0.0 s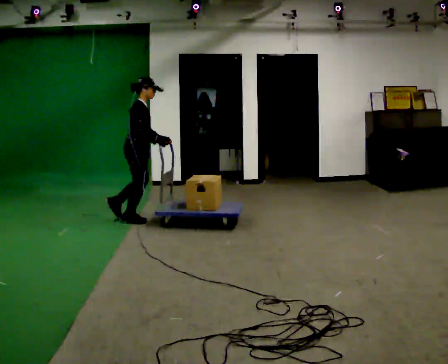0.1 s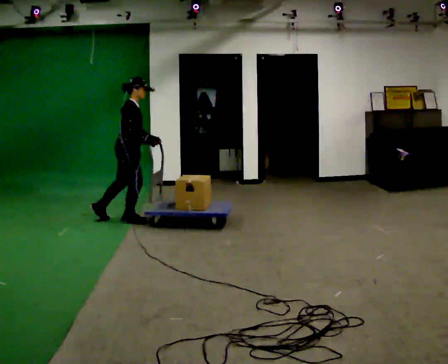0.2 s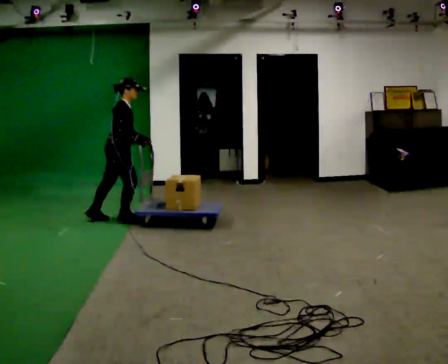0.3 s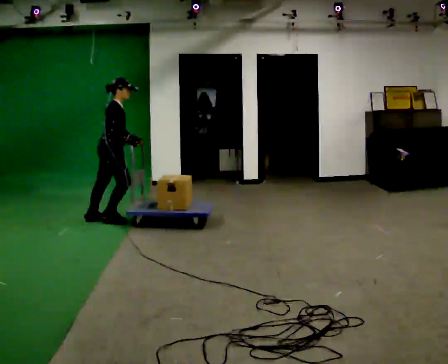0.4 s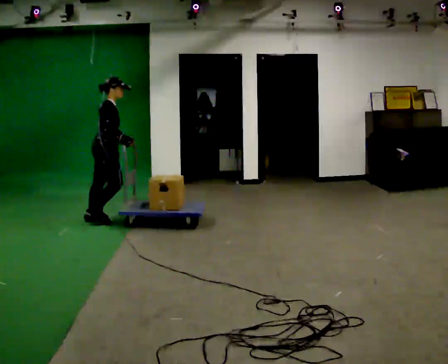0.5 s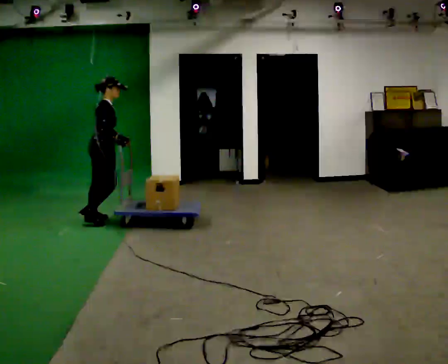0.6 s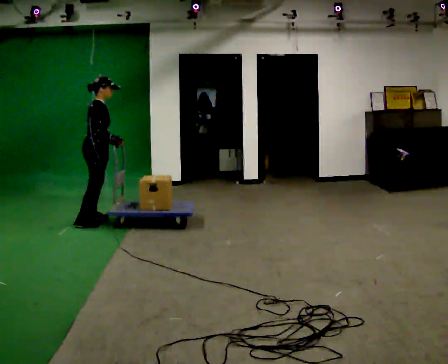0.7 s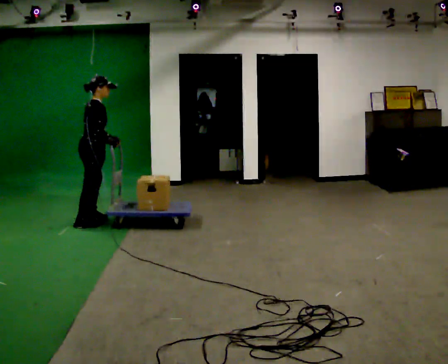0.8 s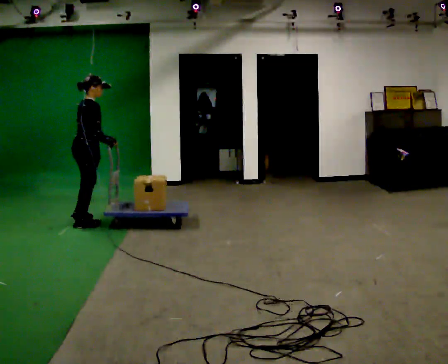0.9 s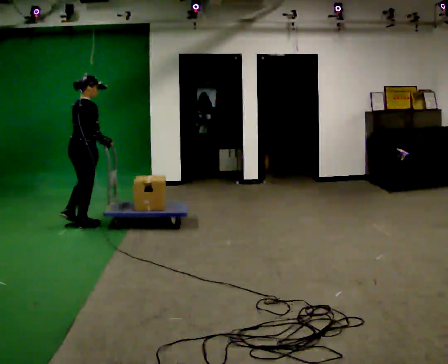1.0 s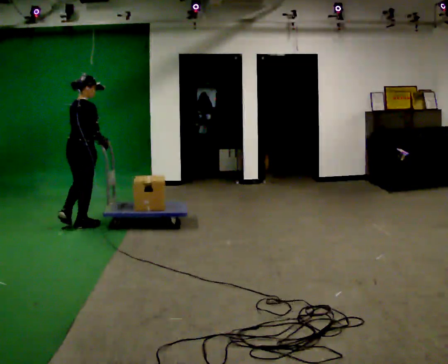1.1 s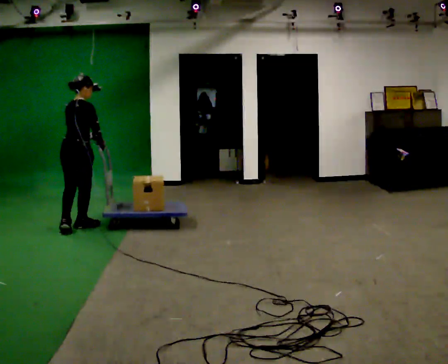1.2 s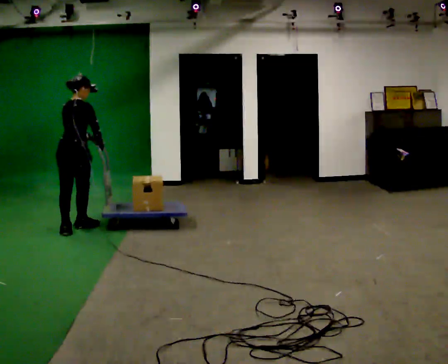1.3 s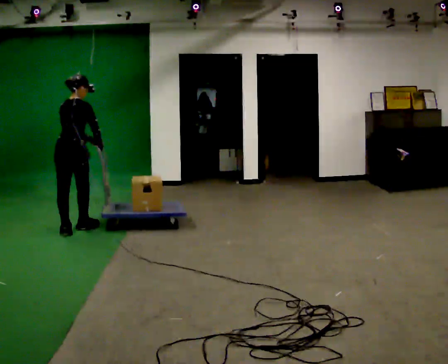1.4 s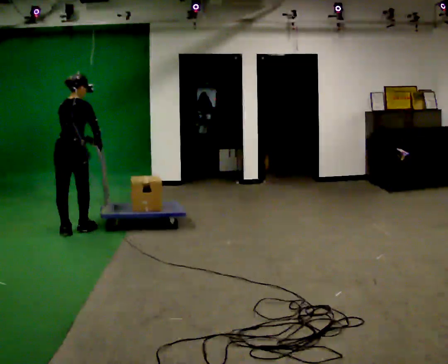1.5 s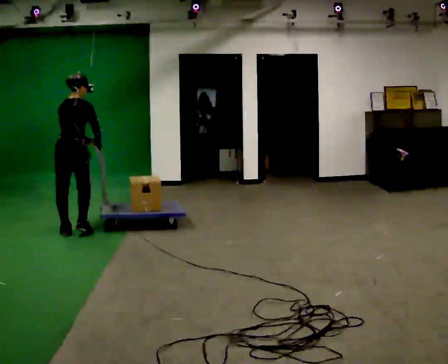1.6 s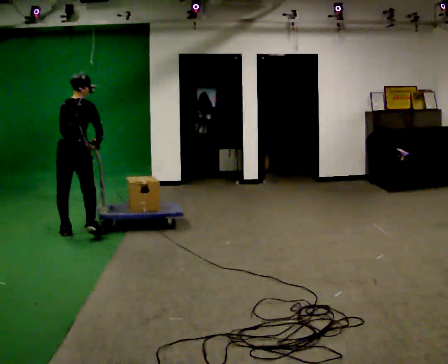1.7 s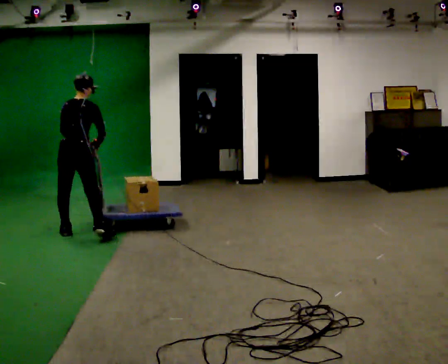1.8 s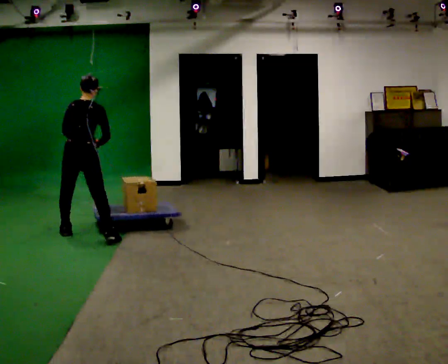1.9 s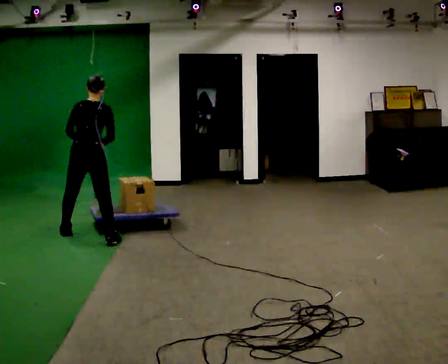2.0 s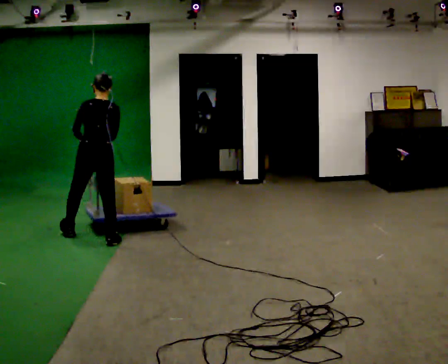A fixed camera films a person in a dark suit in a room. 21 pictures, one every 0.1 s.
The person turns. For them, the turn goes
to their left.
Their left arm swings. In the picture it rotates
clockwise.
0.0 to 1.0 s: The person turns about 45 degrees to their left, counterclockwise seen from above, so the part of the body nearest the lens slides to the right. In the picture they go to the left, about 0.5 m in 2 steps, which for them is backward.
1.0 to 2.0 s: Seen from above the body turns counterclockwise, about 60 degrees: to their left, with its near side sliding to the right. In the picture they go toward the camera, about 0.5 m in 2 steps, which for them is backward and to their right.
The film runs backward here.
